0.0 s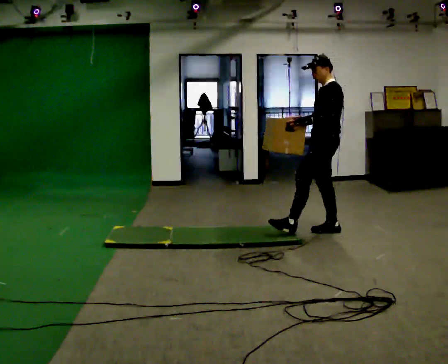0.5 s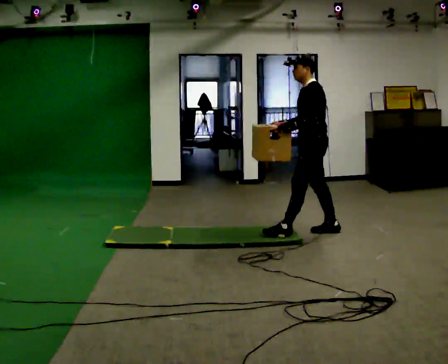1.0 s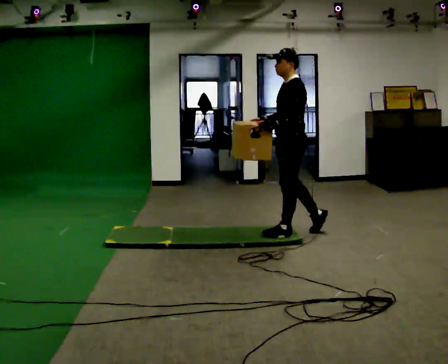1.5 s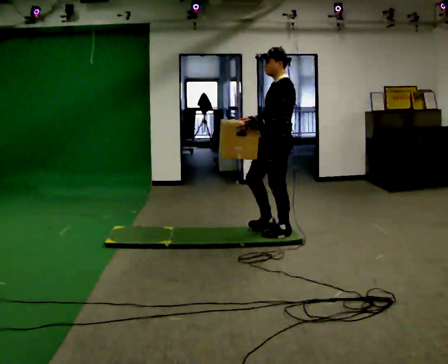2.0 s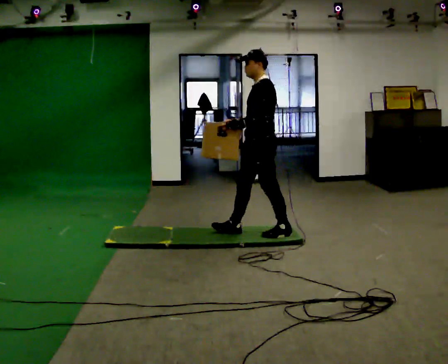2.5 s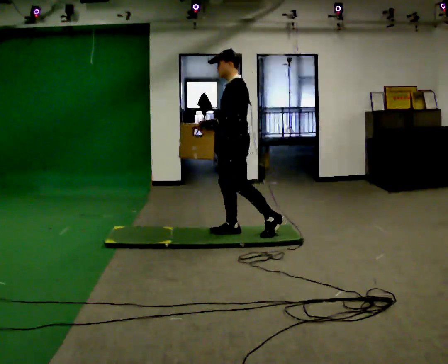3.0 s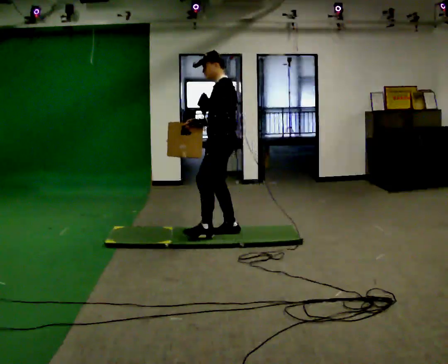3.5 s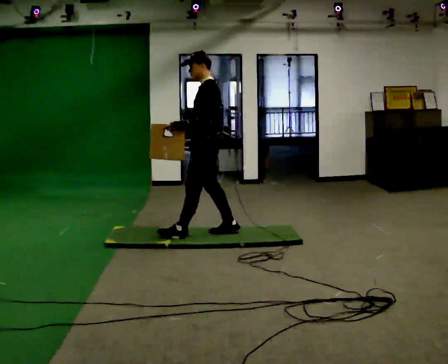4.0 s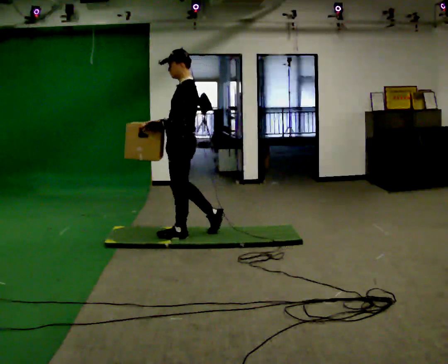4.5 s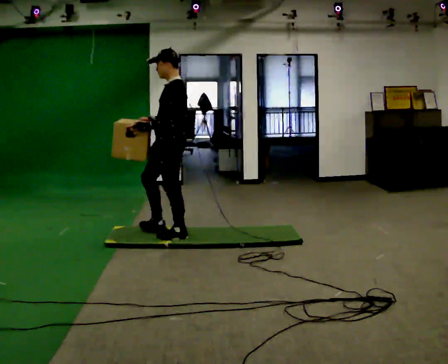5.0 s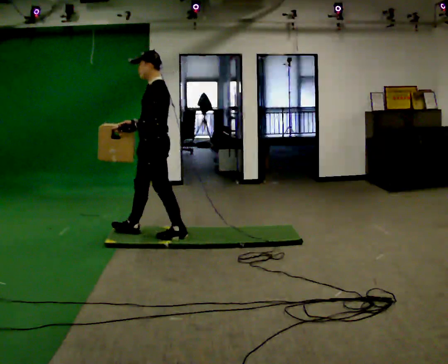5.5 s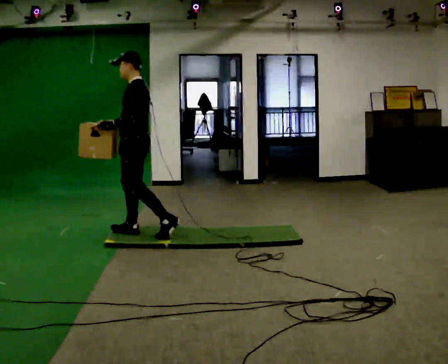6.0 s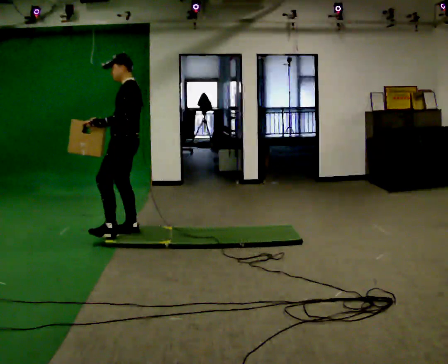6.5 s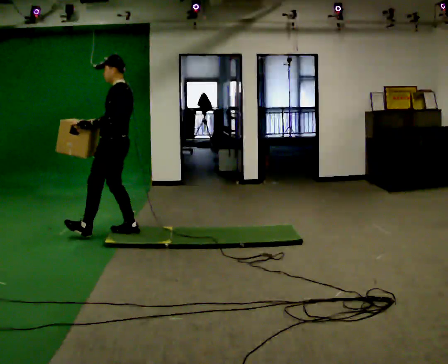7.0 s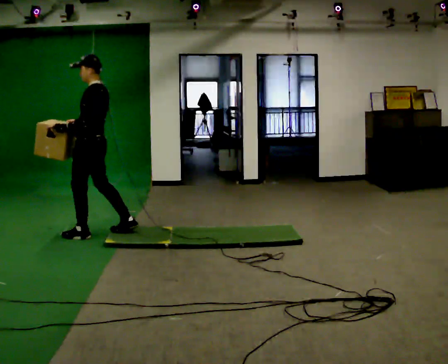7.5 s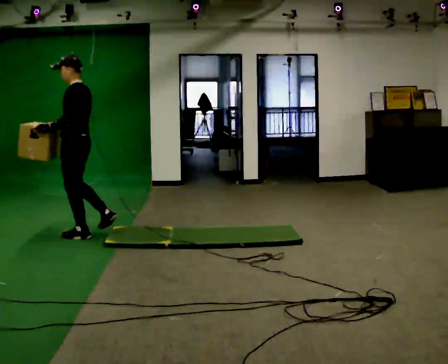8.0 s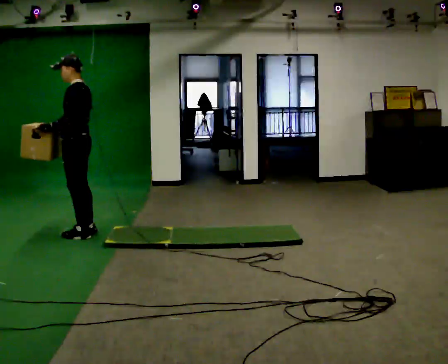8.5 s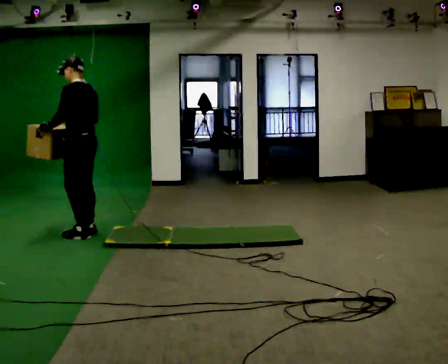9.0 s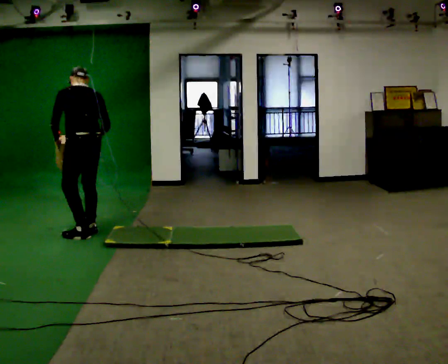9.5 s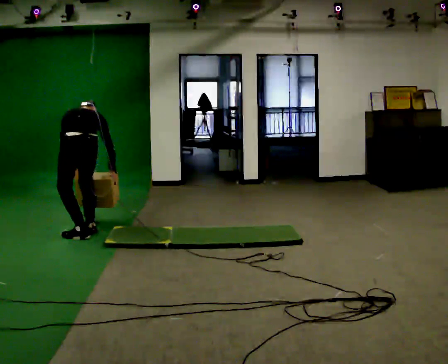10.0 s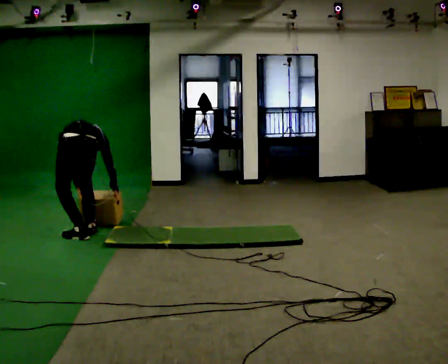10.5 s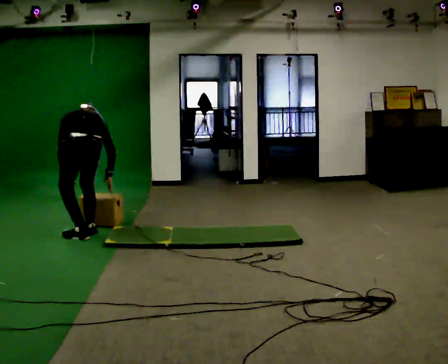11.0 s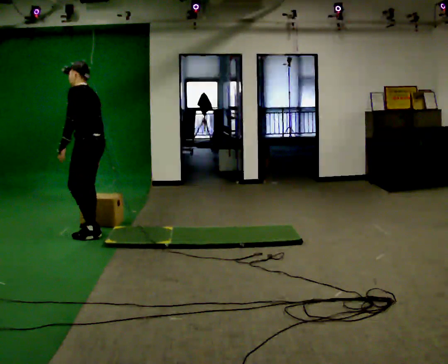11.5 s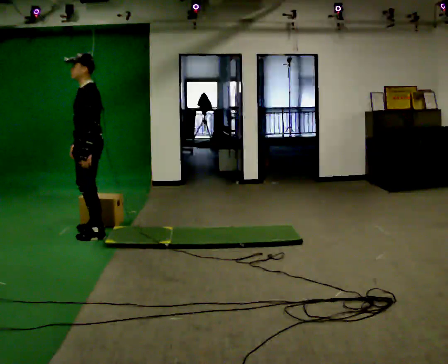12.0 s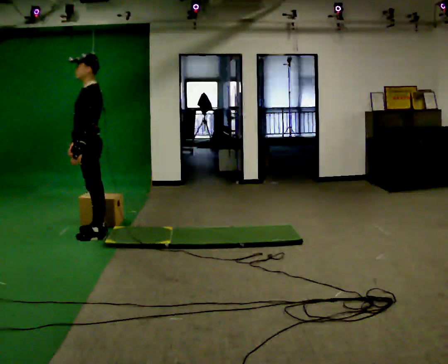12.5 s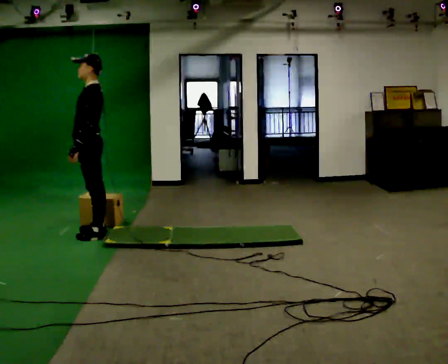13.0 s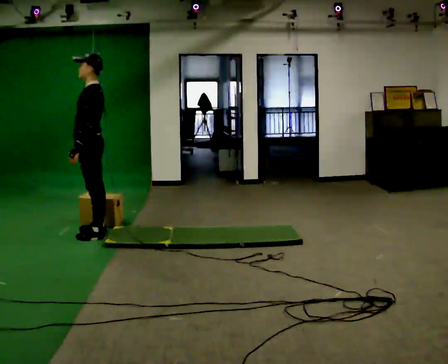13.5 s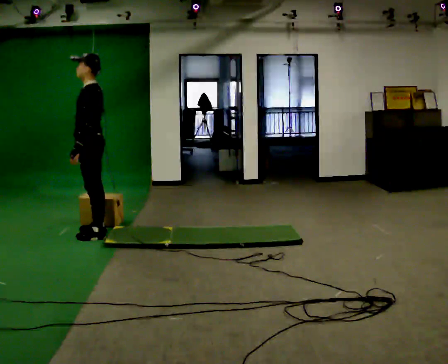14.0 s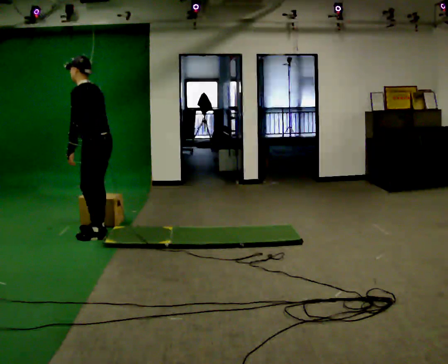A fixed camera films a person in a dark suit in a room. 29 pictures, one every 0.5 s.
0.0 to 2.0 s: In the picture they go to the left, about 0.75 m in 2 steps, which for them is forward.
2.0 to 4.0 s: In the picture they go to the left, about 0.5 m in 1 step, which for them is forward.
4.0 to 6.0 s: In the picture they go to the left and away from the camera, about 0.5 m in 1 step, which for them is forward.
6.0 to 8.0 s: In the picture they go to the left, about 0.5 m in 2 steps, which for them is forward.
8.0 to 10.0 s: The person turns about 75 degrees to their right, clockwise seen from above, so the part of the body nearest the lens slides to the left. The shoulders move downward. The upper body tips away from the camera, its near side rolling upward, as they bend forward. In the picture their right hand goes downward and to the right, the arm swinging counterclockwise.
10.0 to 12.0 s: The part of the body nearest the lens slides to the right as the person turns to their left by about 90 degrees. The upper body goes upward. The upper body tips toward the camera, its near side rolling downward, as they lean back or straighten. In the picture their right hand goes upward and to the left, the arm swinging clockwise.
12.0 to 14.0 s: In the picture the upper body tilts counterclockwise, shoulders to the left, as they bend forward.
The film runs forward here.
